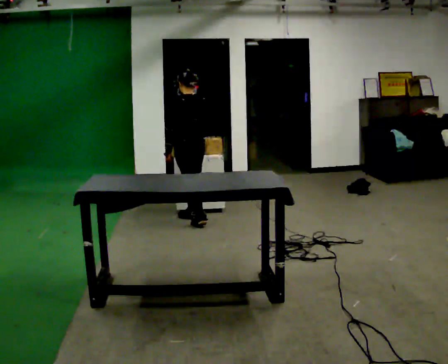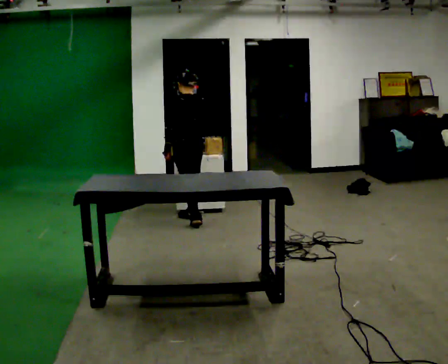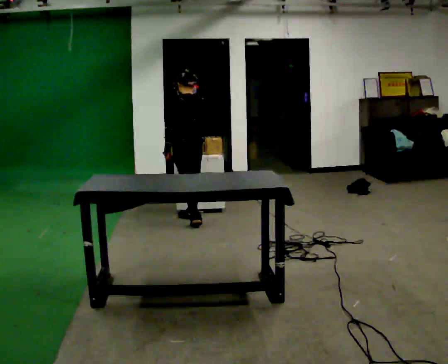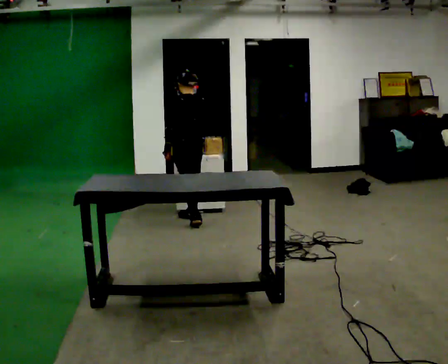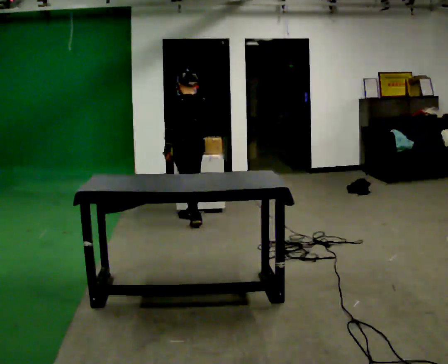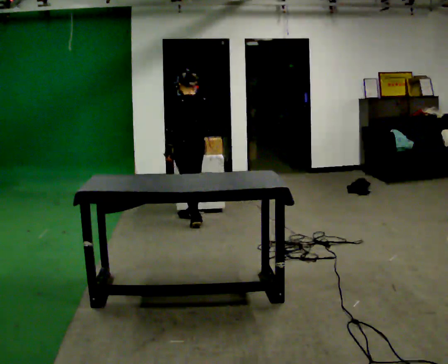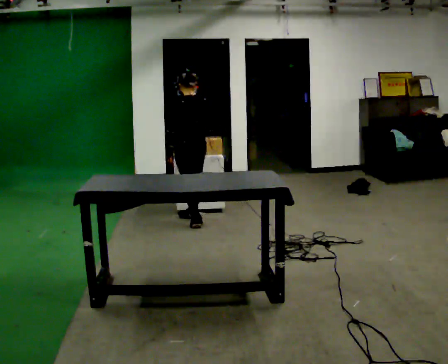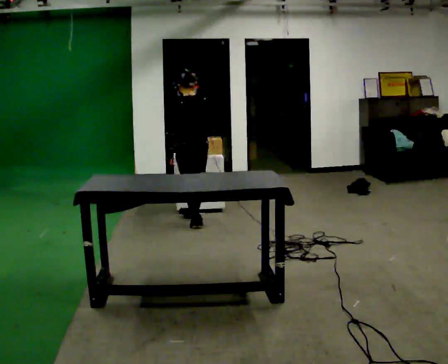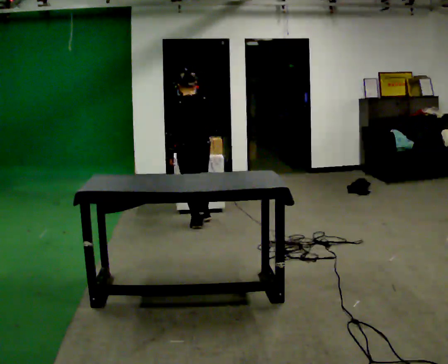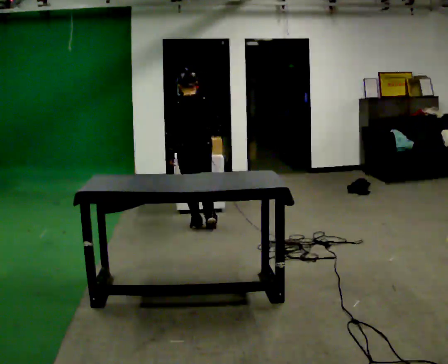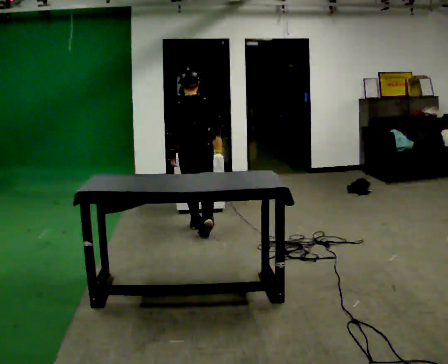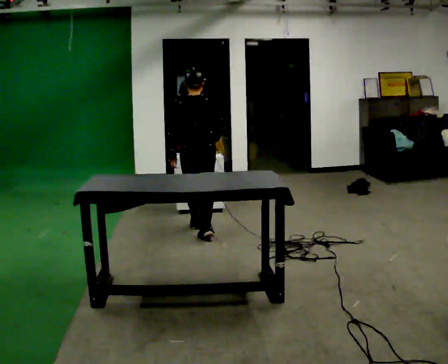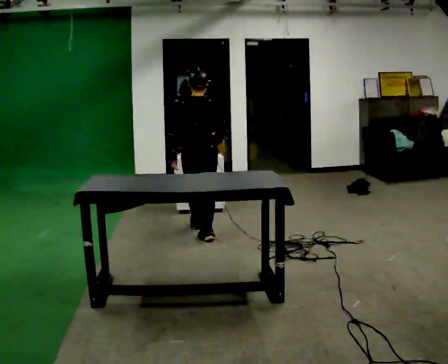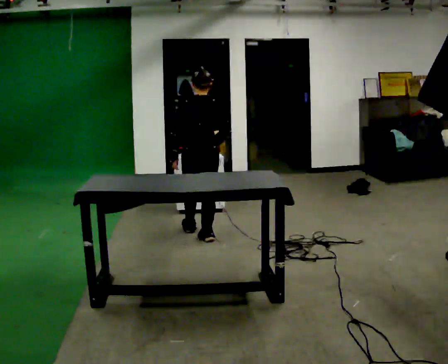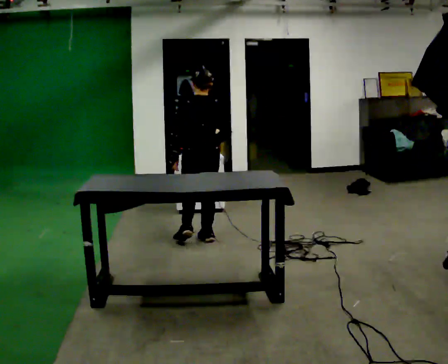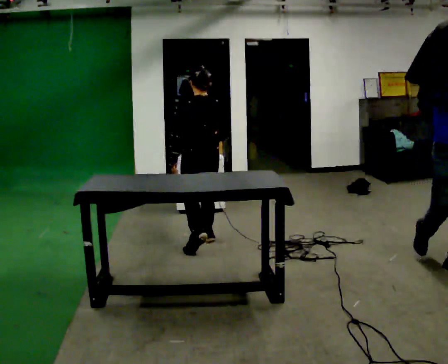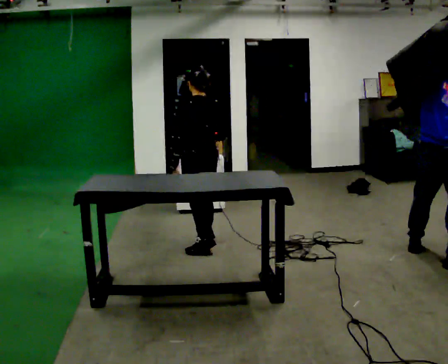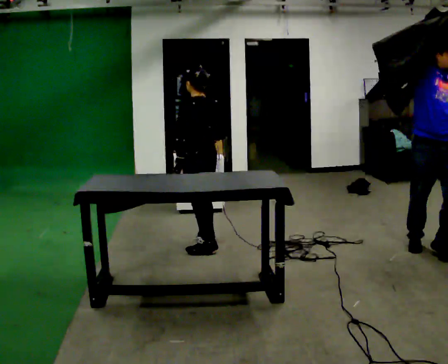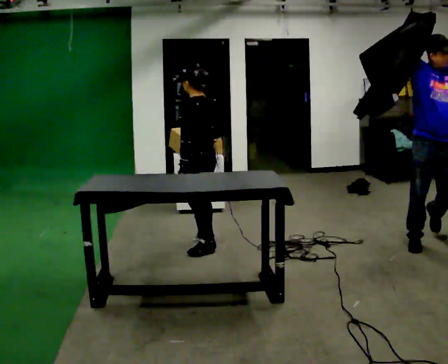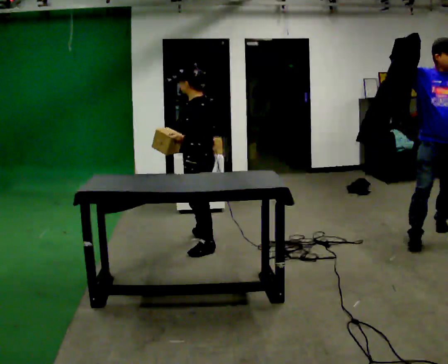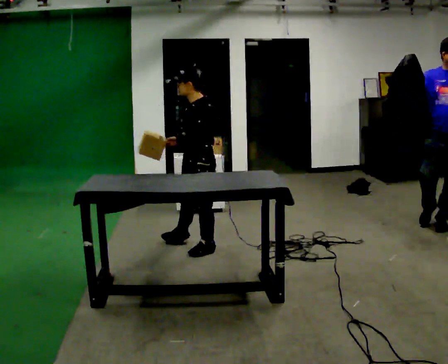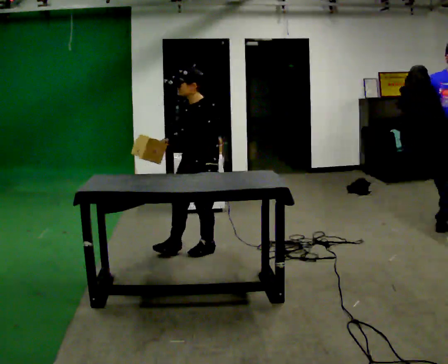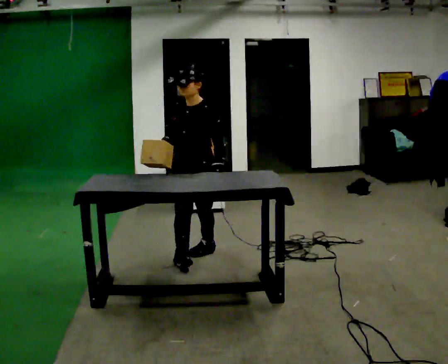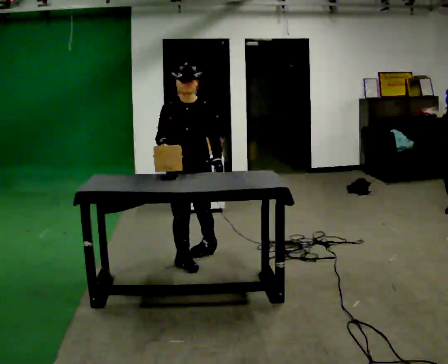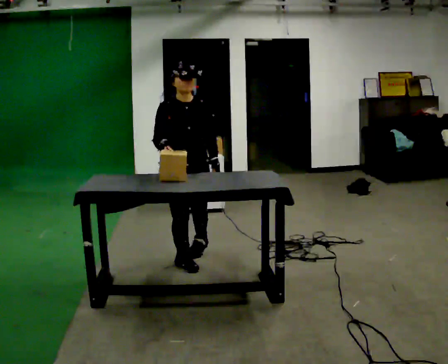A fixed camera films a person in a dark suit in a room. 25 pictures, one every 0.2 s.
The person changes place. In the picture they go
toward the camera.
0.0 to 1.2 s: The person moves a little, or ends about where they began.
1.2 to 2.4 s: The part of the body nearest the lens slides to the left as the person turns to their right by about 30 degrees. In the picture they go toward the camera, about 0.5 m in 1 step, which for them is backward.
2.4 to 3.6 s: The person turns about 60 degrees to their left, counterclockwise seen from above, so the part of the body nearest the lens slides to the right. In the picture they go toward the camera, about 0.5 m in 1 step.
3.6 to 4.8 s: The person turns about 135 degrees to their left, counterclockwise seen from above, so the part of the body nearest the lens slides to the right. In the picture they go toward the camera, about 0.25 m in 2 steps.
The film runs backward here.
